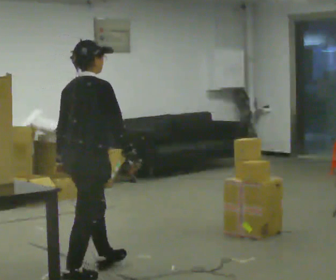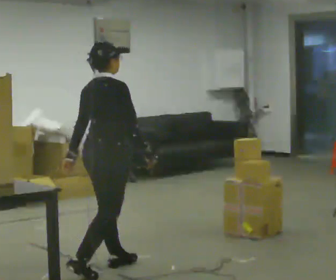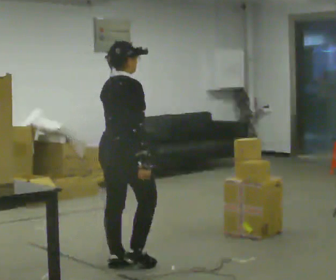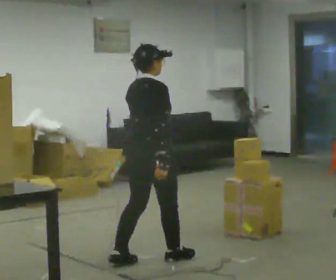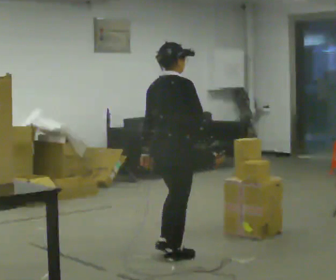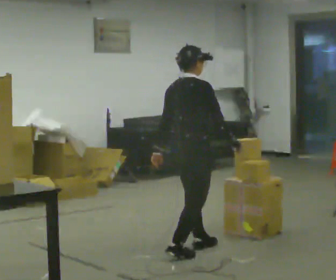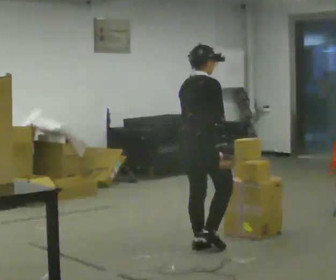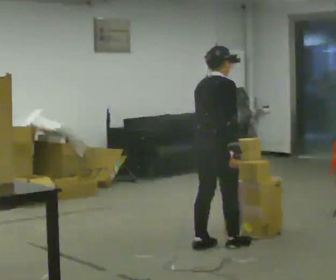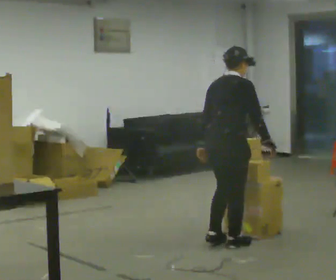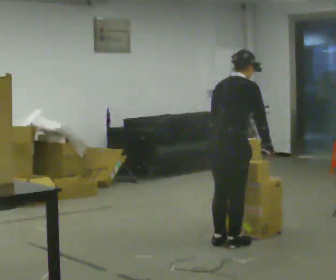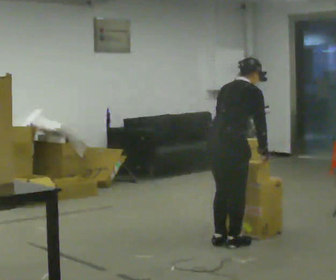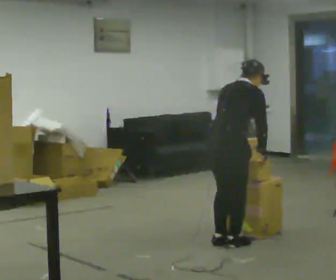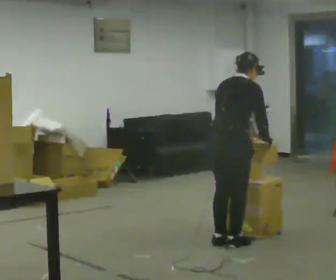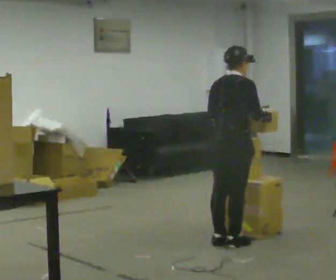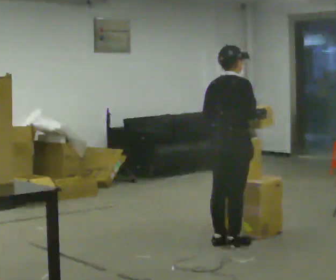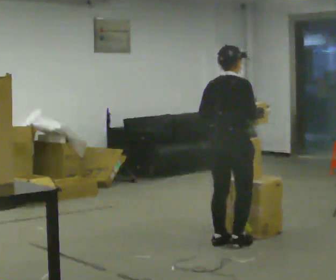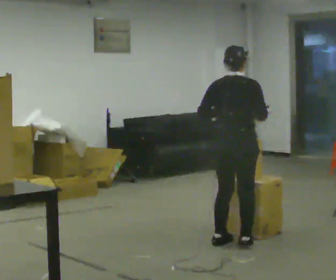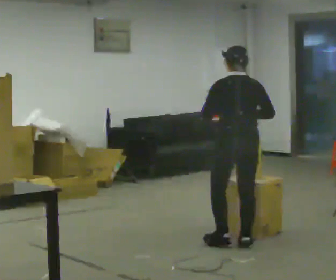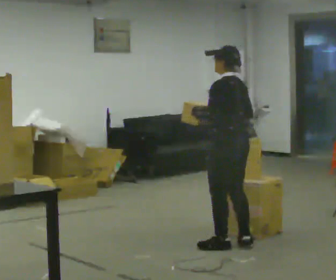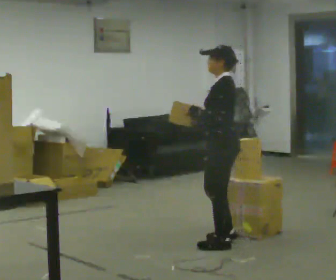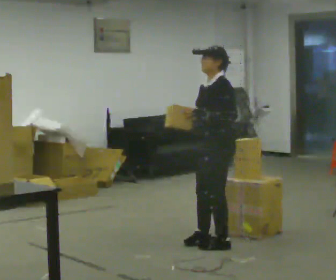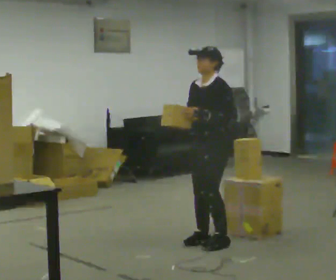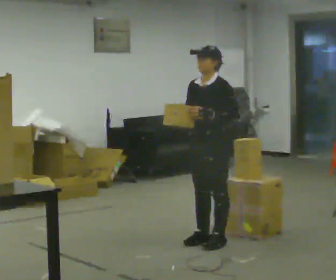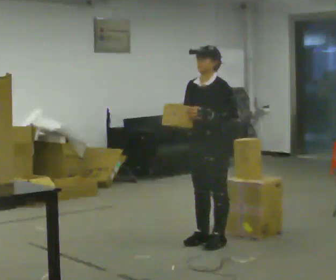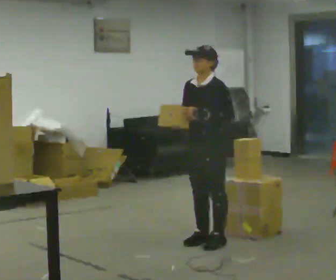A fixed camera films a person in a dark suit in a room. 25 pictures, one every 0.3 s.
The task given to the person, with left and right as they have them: Take an object down from the highest shelf you can comfortably reach, carry it across, and place it on the waist-height shelf. Keep going until the operator says stop; one object at a time, and do not rush between trips.
0.0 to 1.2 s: In the picture they go away from the camera and to the right, about 1 m in 2 steps, which for them is forward.
1.2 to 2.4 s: In the picture they go away from the camera and to the right, about 0.5 m in 2 steps, which for them is forward.
2.4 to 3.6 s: The person moves a little, or ends about where they began.
3.6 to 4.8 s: The part of the body nearest the lens slides to the right as the person turns to their left by about 30 degrees.
4.8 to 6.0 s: The part of the body nearest the lens slides to the right as the person turns to their left by about 120 degrees. In the picture they go to the left, about 0.25 m in 1 step. In the picture their right hand goes to the left.
6.0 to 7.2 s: The person moves a little, or ends about where they began.
The film runs forward here.
